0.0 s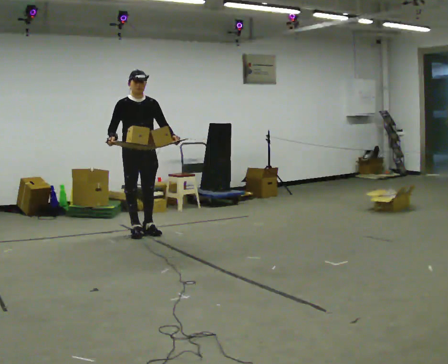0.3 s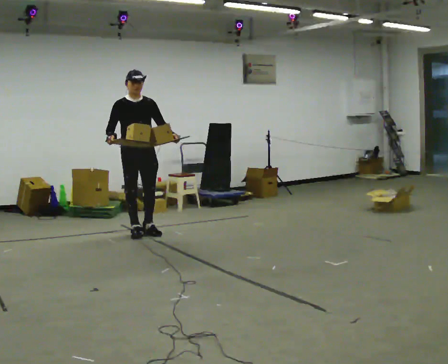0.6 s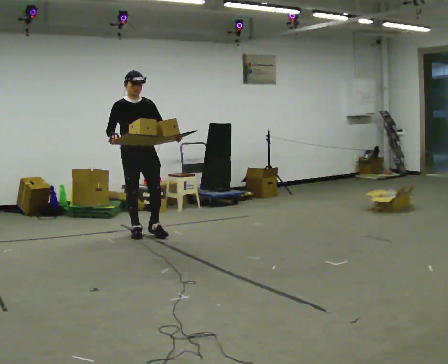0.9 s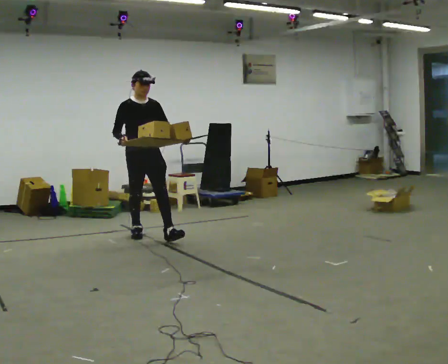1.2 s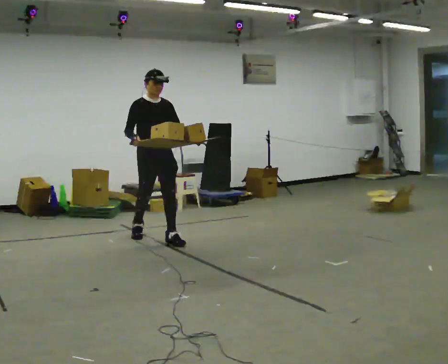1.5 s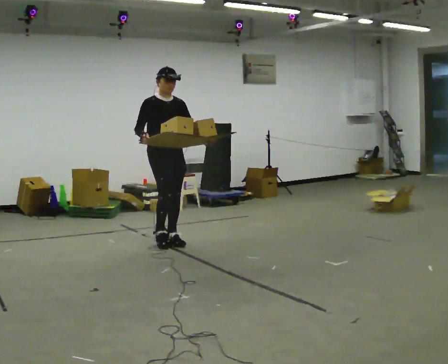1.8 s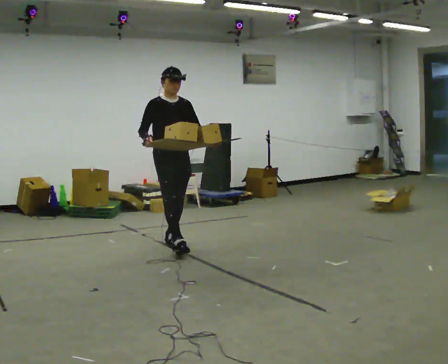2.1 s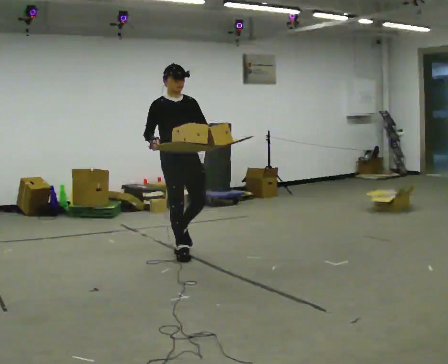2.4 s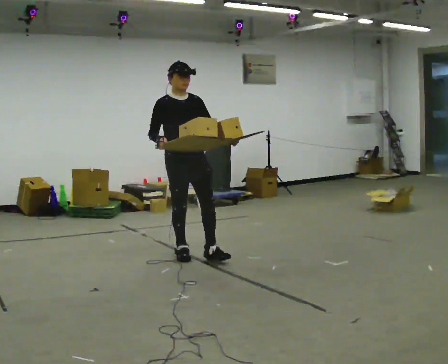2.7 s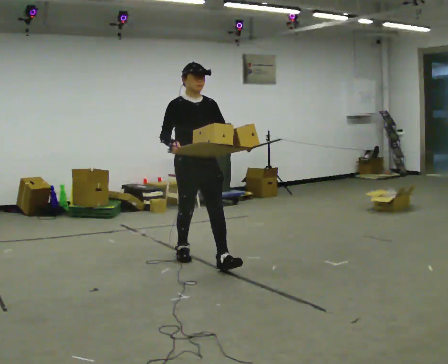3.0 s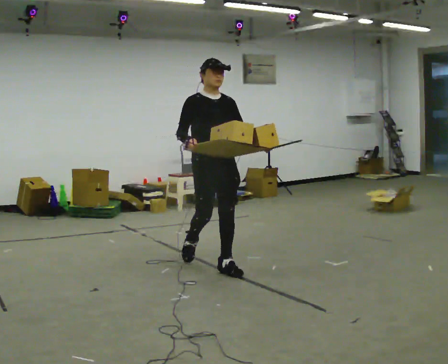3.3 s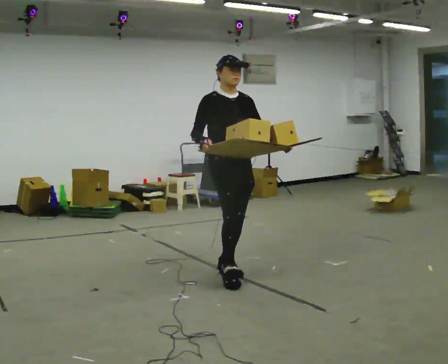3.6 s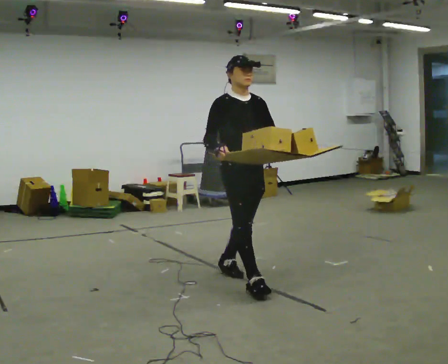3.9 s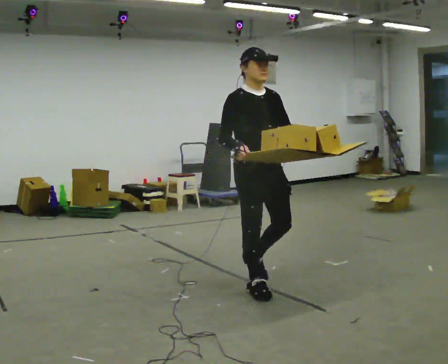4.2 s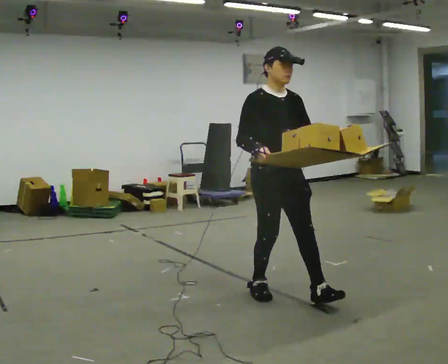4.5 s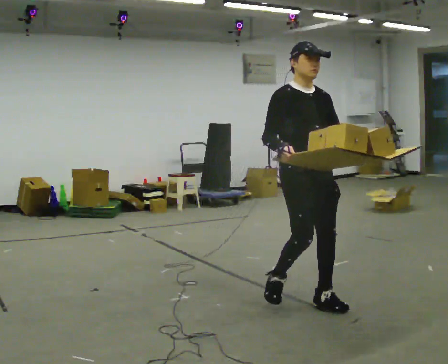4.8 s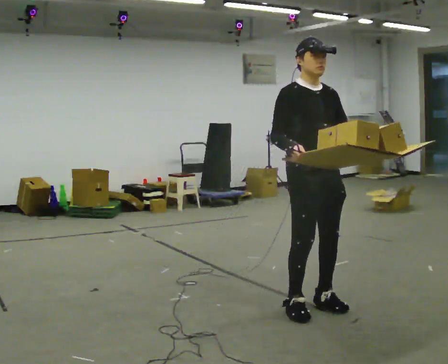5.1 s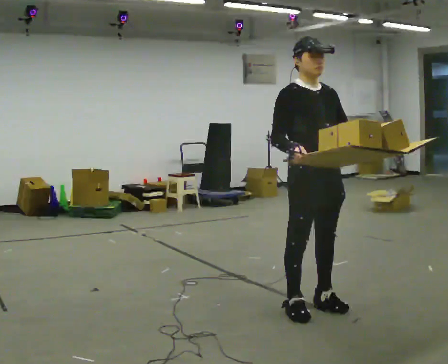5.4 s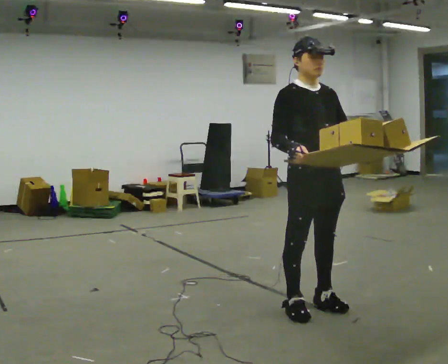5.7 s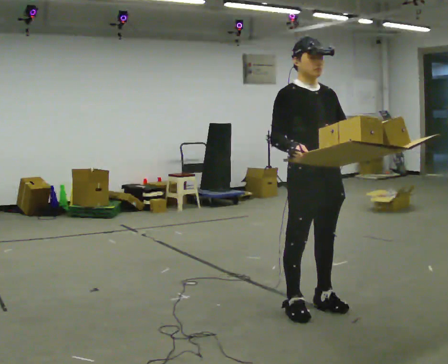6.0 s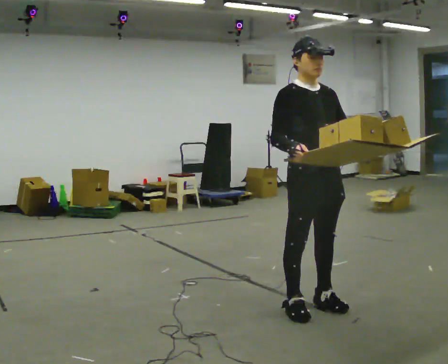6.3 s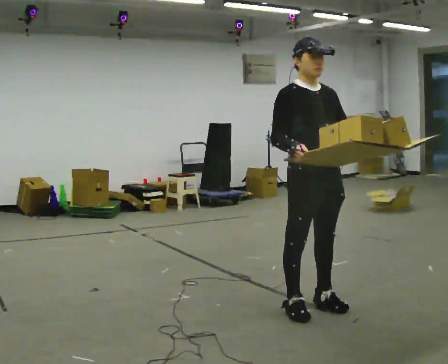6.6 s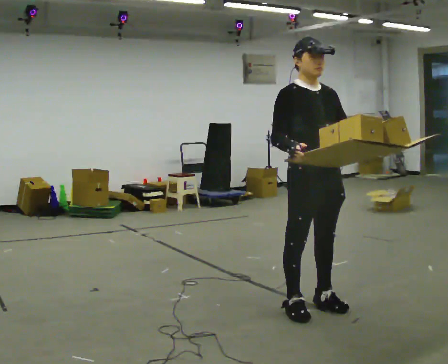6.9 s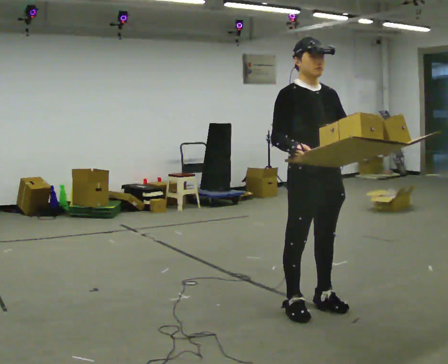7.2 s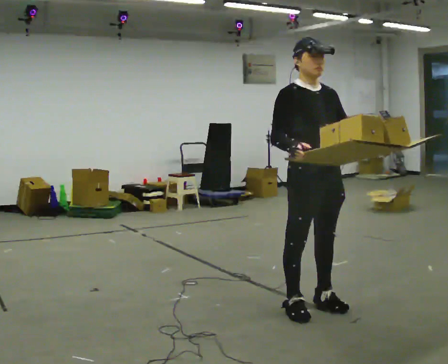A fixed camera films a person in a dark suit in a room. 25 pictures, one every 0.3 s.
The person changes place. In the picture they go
toward the camera.
0.0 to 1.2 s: In the picture they go toward the camera and to the right, about 0.5 m in 1 step, which for them is forward.
1.2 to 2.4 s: In the picture they go toward the camera and to the right, about 1 m in 1 step, which for them is forward.
2.4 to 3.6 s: In the picture they go toward the camera and to the right, about 1 m in 2 steps, which for them is forward.
3.6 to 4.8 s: In the picture they go toward the camera and to the right, about 0.75 m in 2 steps, which for them is forward.
4.8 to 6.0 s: The person moves a little, or ends about where they began.
6.0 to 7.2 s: The person keeps their place and pose.
The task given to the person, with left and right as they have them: Carry the loaded tray flat and level in both hands, walking back and forth across the room. Try not to let anything slide off.
The film runs forward here.
